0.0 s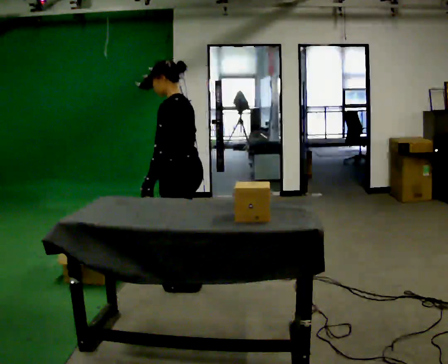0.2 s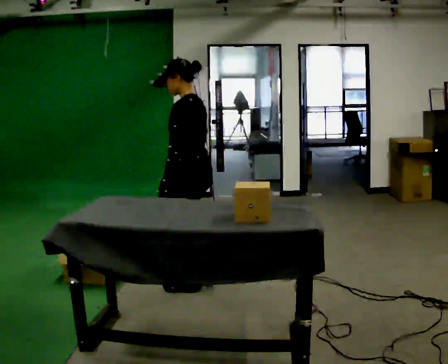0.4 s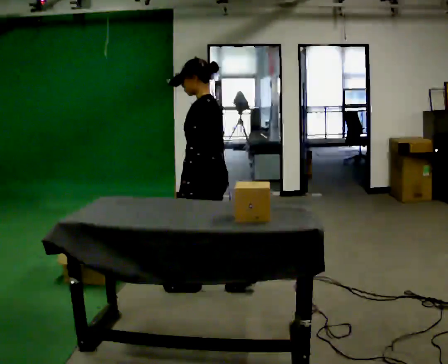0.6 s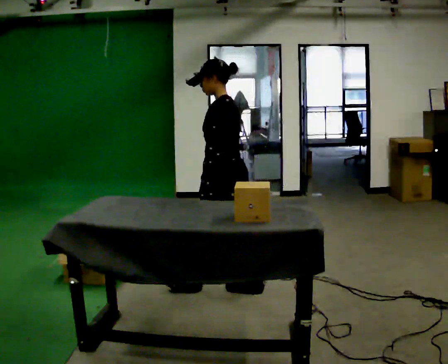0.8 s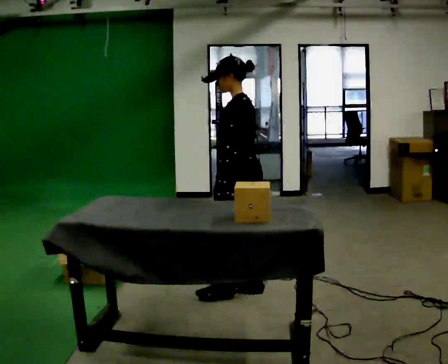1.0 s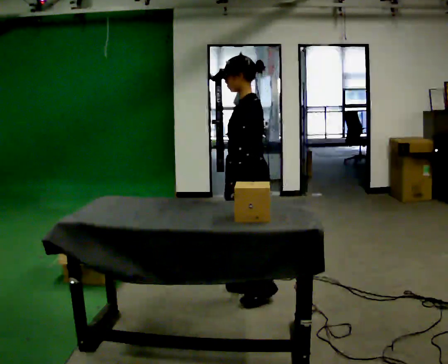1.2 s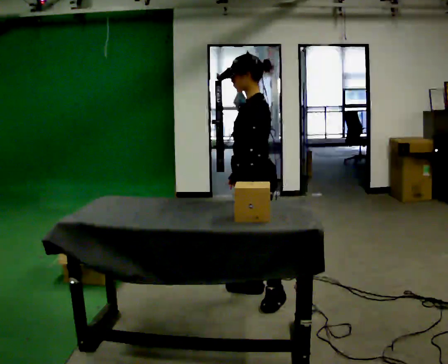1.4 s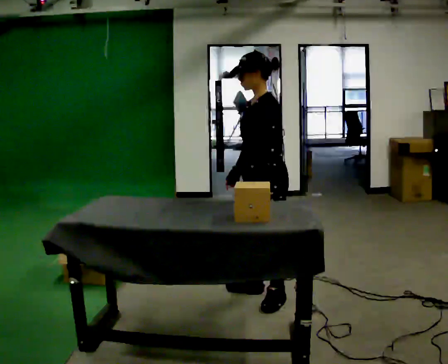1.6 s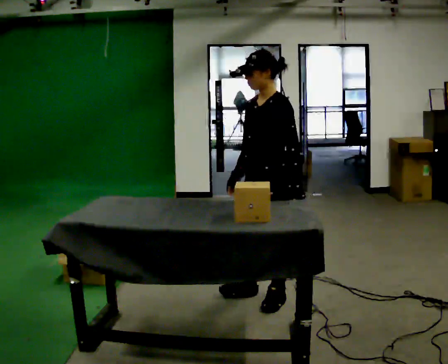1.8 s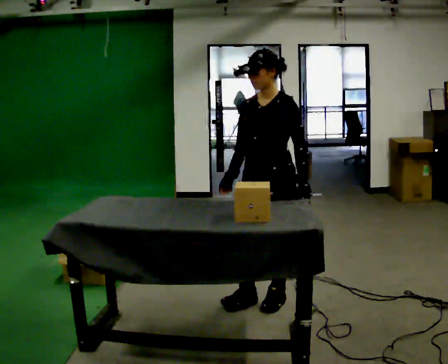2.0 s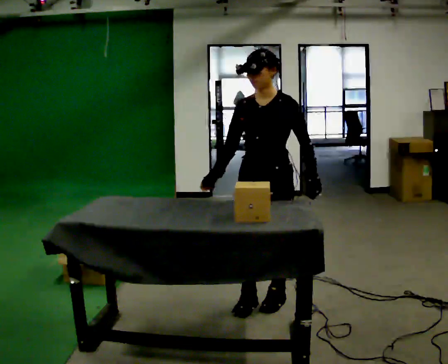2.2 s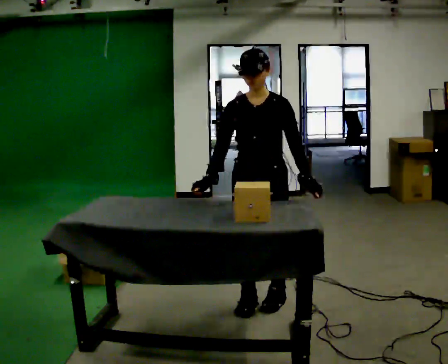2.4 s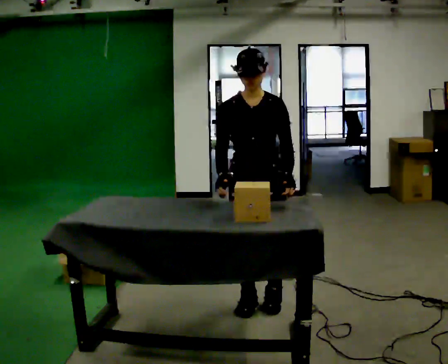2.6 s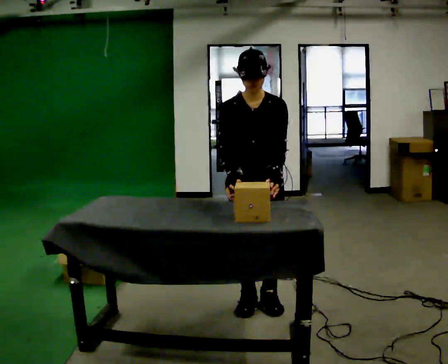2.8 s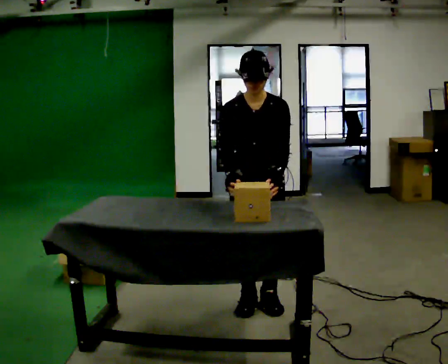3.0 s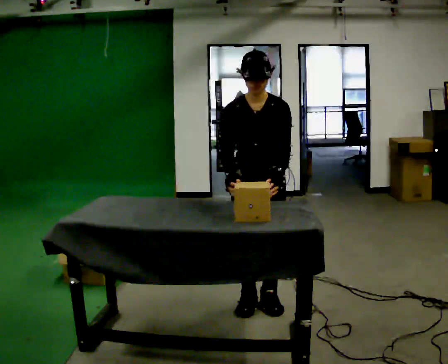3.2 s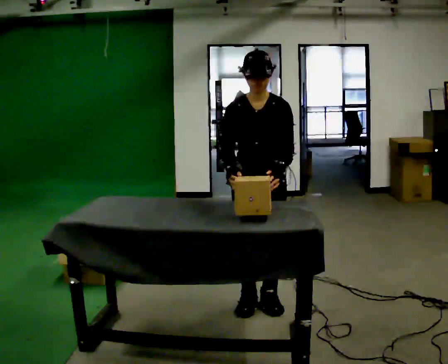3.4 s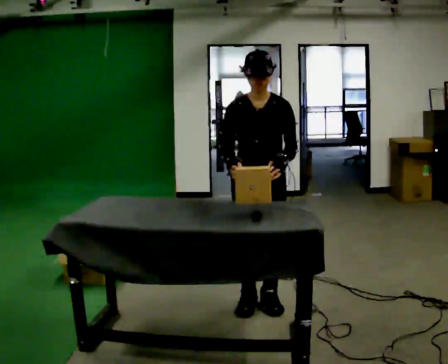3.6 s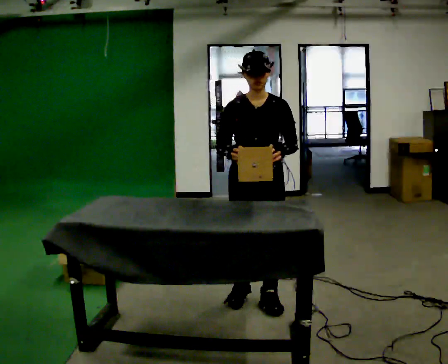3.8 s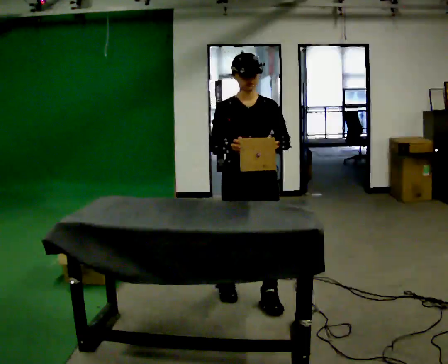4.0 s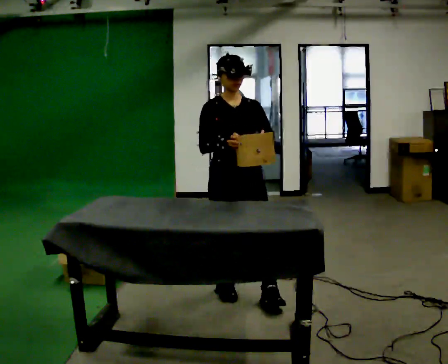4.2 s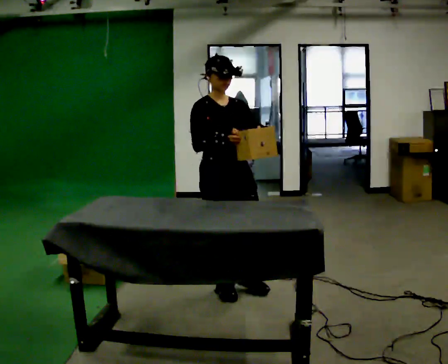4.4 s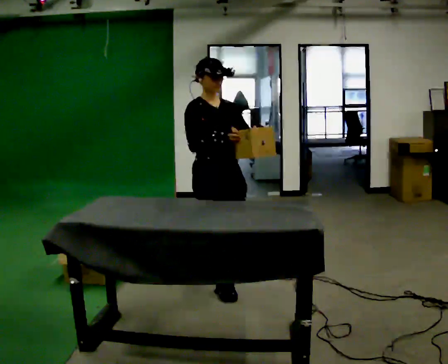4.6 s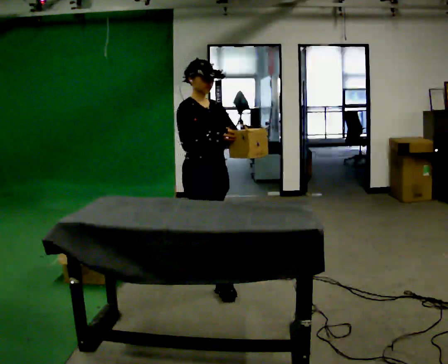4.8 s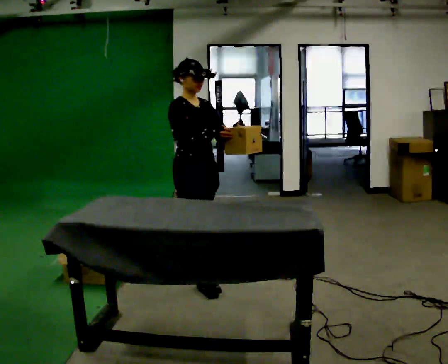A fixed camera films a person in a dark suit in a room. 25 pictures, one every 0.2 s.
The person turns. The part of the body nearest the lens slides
to the right.
The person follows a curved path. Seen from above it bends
clockwise.
0.0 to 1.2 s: In the picture they go to the right, about 0.5 m in 1 step, which for them is backward.
1.2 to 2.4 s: The part of the body nearest the lens slides to the right as the person turns to their left by about 75 degrees. In the picture they go toward the camera, about 0.25 m in 1 step.
2.4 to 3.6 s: The person moves a little, or ends about where they began.
3.6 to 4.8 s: The person turns about 60 degrees to their left, counterclockwise seen from above, so the part of the body nearest the lens slides to the right. In the picture they go to the left and away from the camera, about 0.5 m in 2 steps, which for them is backward.
The film runs backward here.
